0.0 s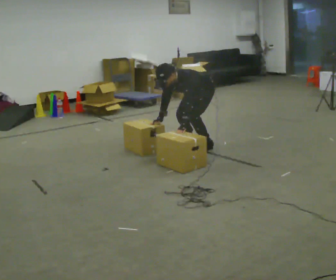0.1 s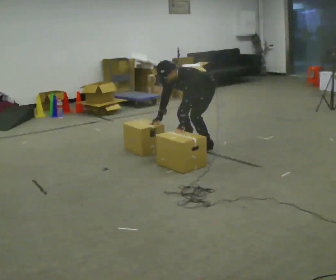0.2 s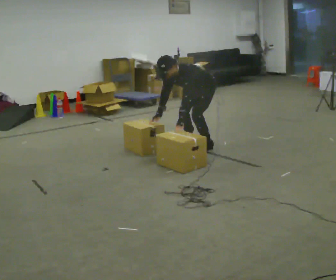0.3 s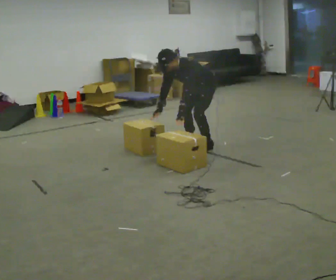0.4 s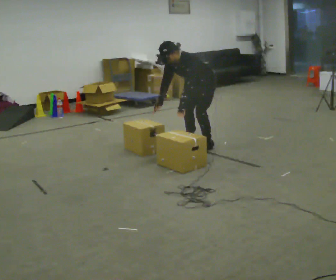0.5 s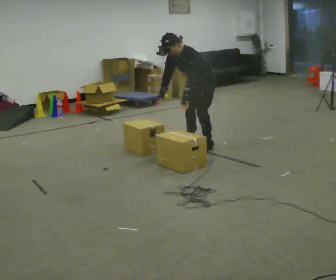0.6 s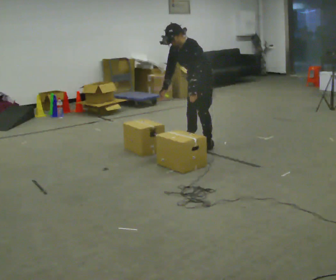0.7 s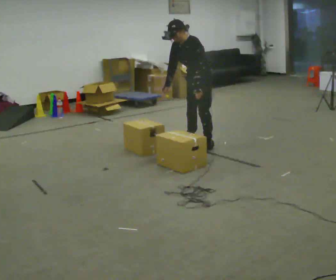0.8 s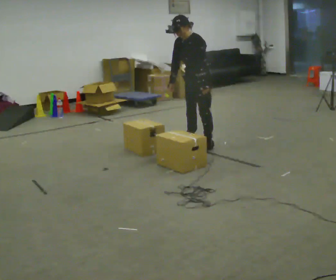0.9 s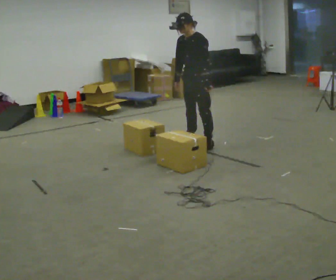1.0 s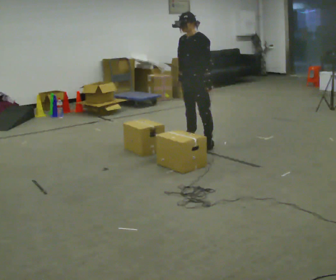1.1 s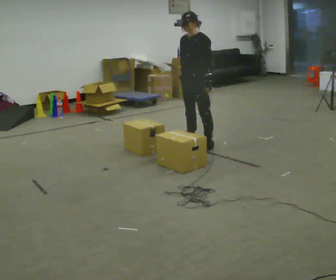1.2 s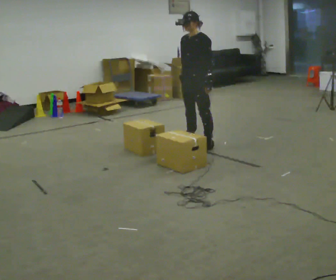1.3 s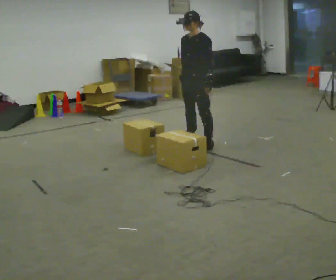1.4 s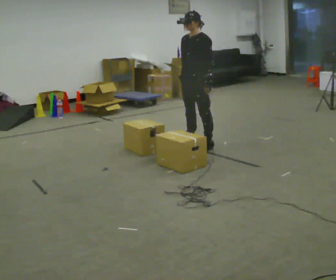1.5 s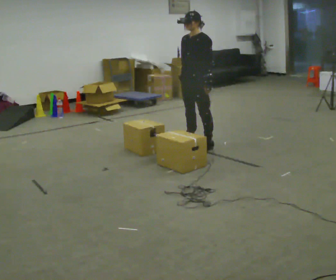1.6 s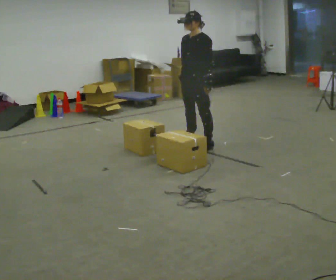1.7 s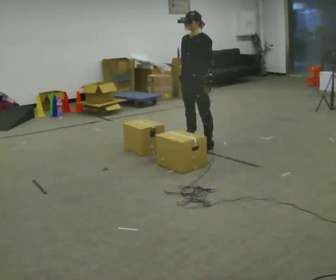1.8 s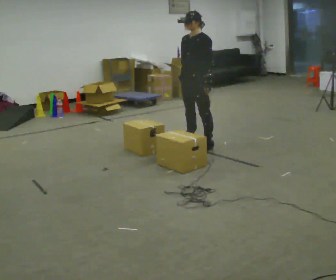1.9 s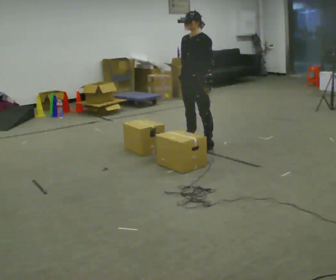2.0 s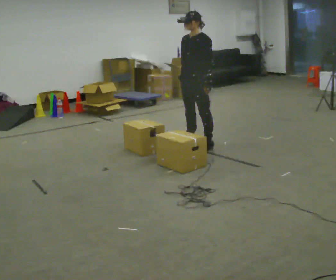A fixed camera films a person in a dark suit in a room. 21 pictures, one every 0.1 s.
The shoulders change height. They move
upward.
The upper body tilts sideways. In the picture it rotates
clockwise.
0.0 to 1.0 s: The shoulders move upward. In the picture the upper body tilts clockwise, shoulders to the right, as they lean back or straighten. In the picture their right hand goes upward.
1.0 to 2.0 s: The person moves a little, or ends about where they began.
The film runs backward here.
